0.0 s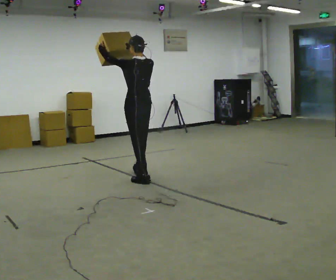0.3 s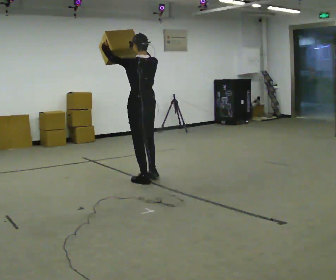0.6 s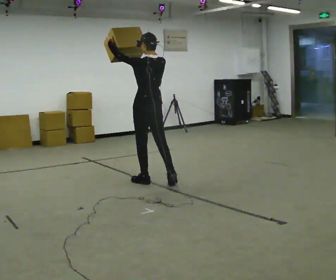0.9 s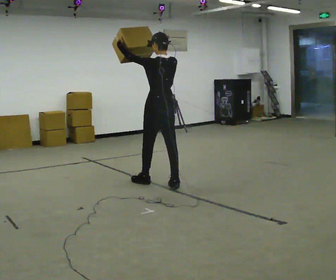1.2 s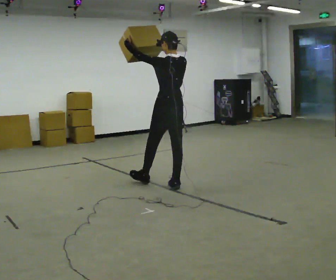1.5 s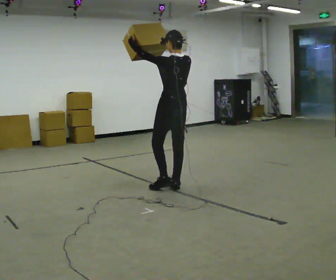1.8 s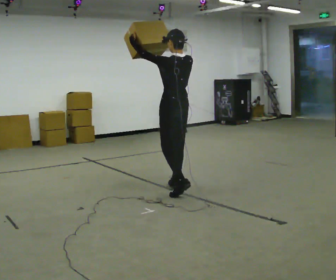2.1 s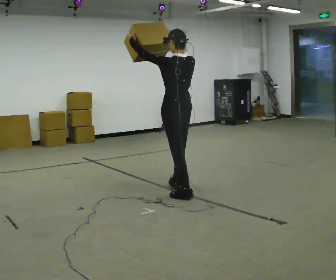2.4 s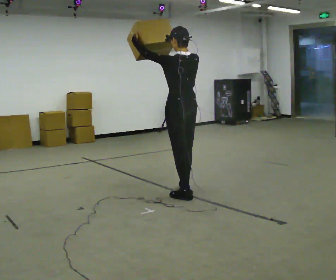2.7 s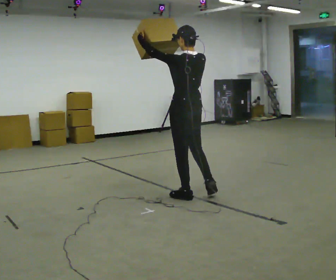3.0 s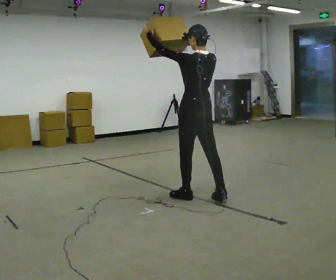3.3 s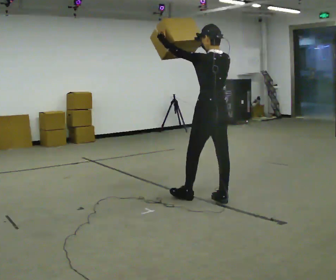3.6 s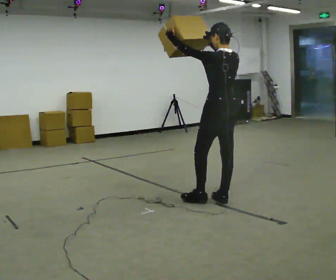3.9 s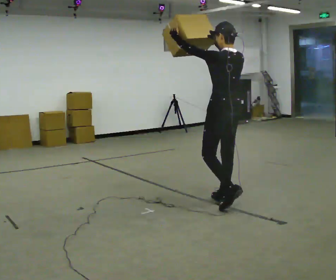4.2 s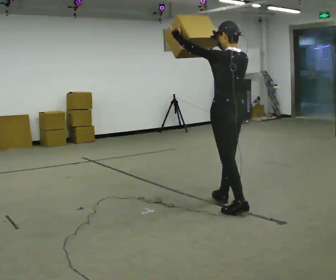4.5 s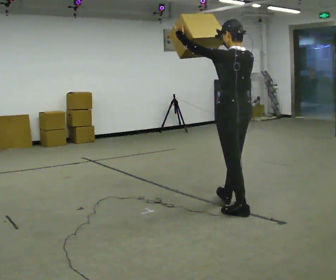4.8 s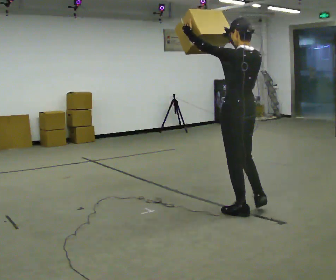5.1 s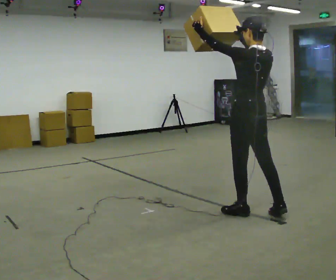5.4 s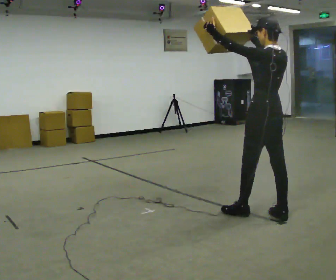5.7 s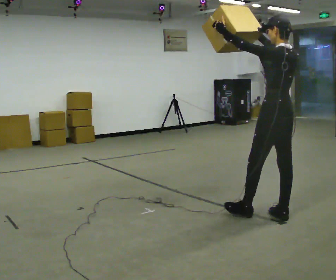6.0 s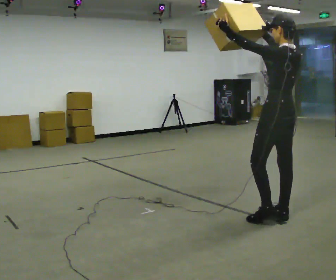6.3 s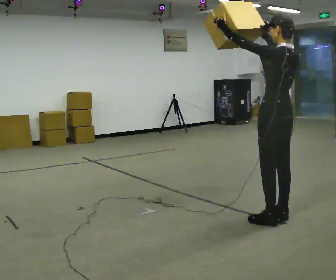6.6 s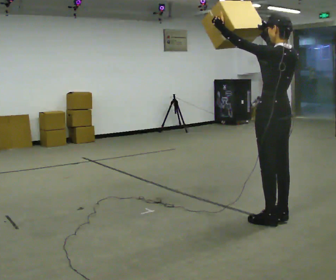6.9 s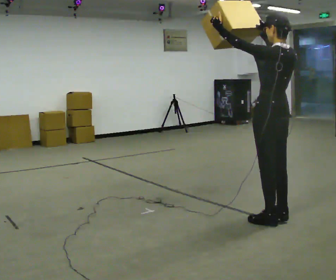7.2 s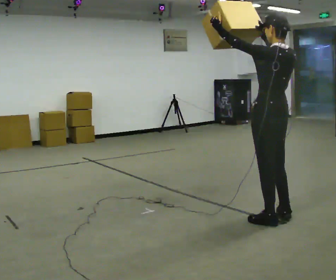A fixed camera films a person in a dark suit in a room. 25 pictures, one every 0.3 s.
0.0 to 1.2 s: In the picture they go to the right and toward the camera, about 0.5 m in 1 step, which for them is backward.
1.2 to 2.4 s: In the picture they go toward the camera and to the right, about 0.5 m in 2 steps, which for them is backward and to their left.
2.4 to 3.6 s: In the picture they go to the right and toward the camera, about 0.5 m in 1 step, which for them is backward and to their right.
3.6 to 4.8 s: In the picture they go toward the camera and to the right, about 0.5 m in 1 step, which for them is backward and to their left.
4.8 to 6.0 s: In the picture they go to the right, about 0.25 m in 1 step, which for them is backward and to their right.
6.0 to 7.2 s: The person moves a little, or ends about where they began.
The film runs backward here.
